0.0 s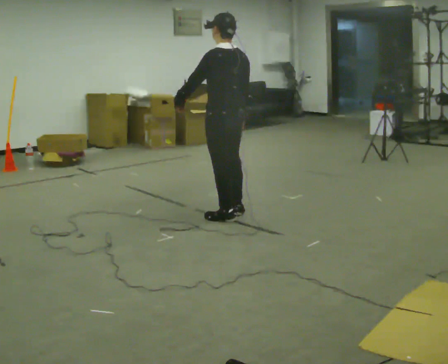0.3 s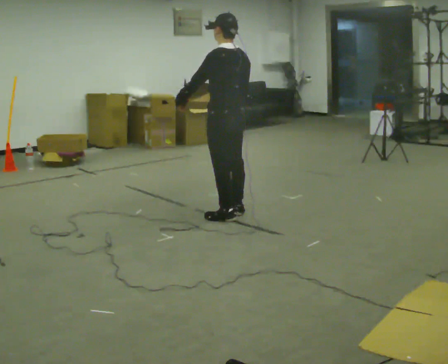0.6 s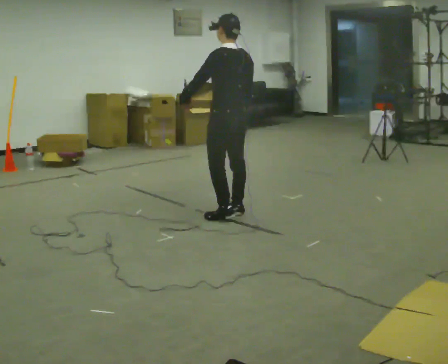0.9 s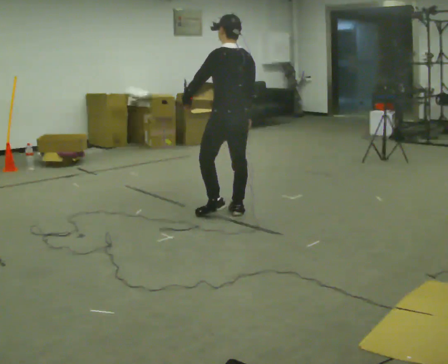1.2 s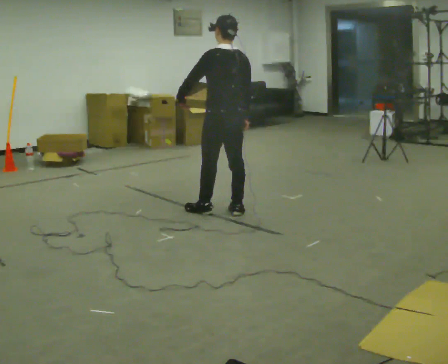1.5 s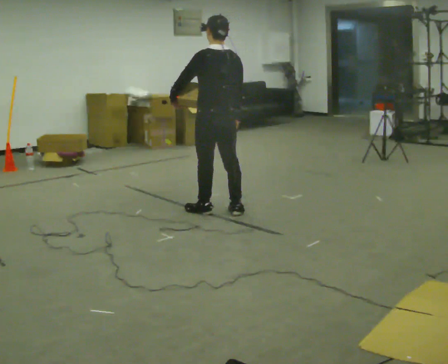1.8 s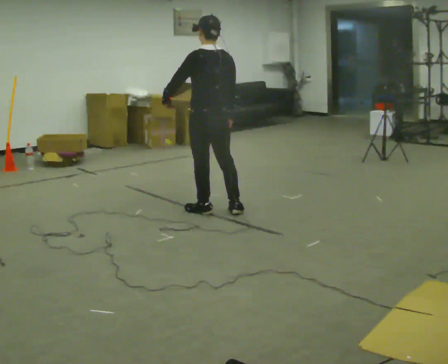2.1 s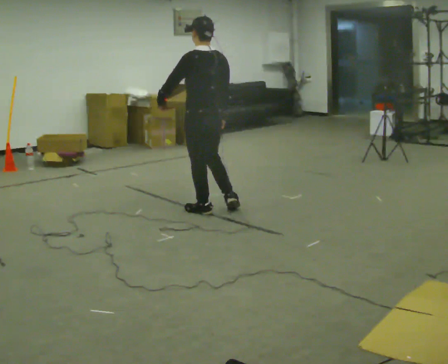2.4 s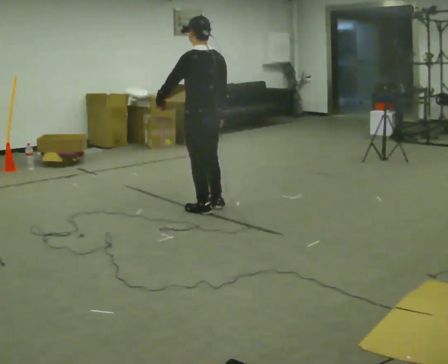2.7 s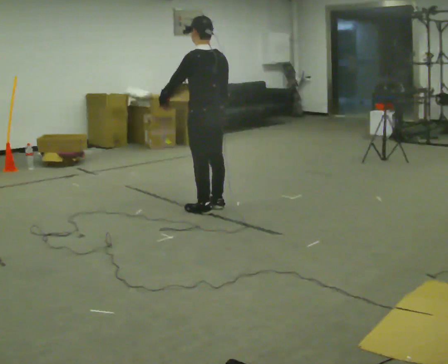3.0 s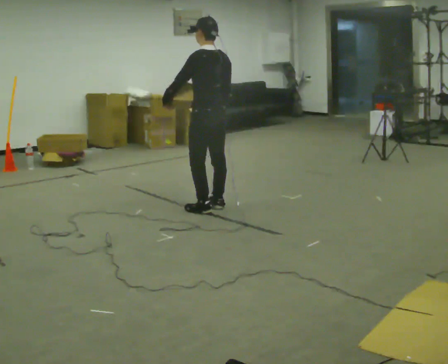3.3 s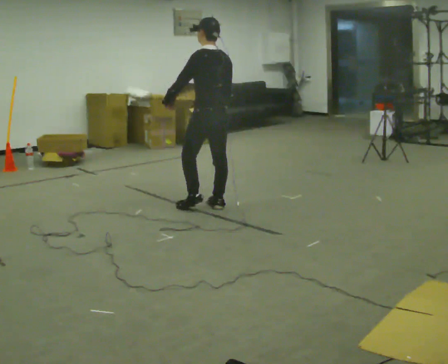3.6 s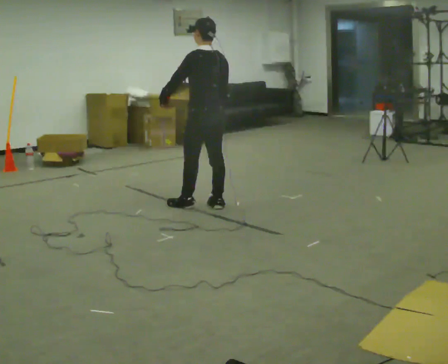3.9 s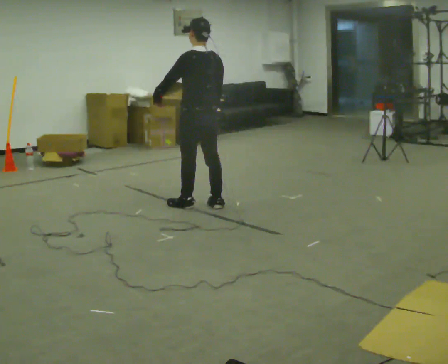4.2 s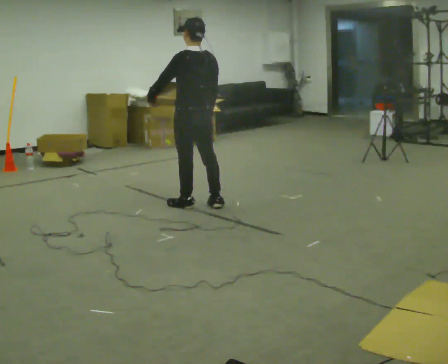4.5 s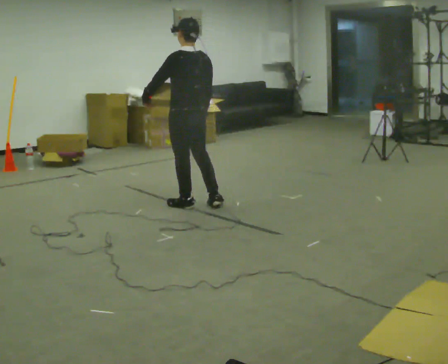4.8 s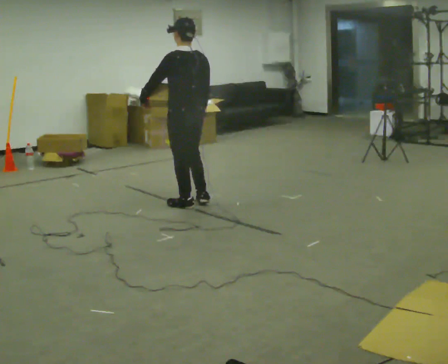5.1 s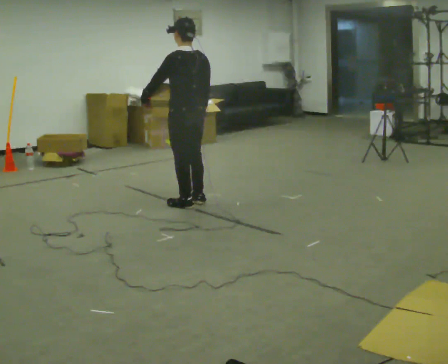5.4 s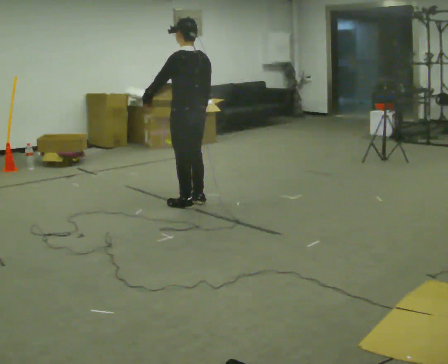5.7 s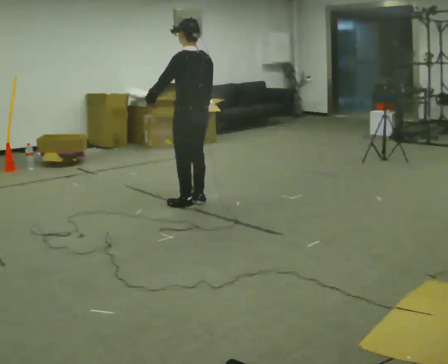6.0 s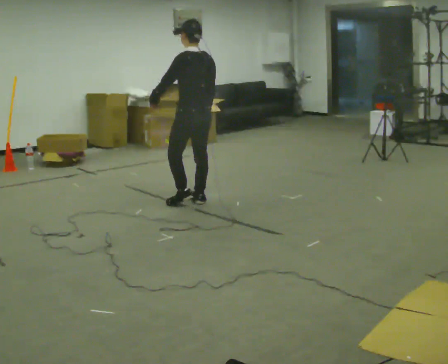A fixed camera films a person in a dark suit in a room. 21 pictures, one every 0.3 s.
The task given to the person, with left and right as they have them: Hold the object against your hip on the side the operator calls, and carry it back and forth across the room.
0.0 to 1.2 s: The person moves a little, or ends about where they began.
1.2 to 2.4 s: In the picture they go to the left, about 0.25 m in 1 step, which for them is forward and to their left.
2.4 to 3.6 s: In the picture they go away from the camera, about 0.25 m in 1 step, which for them is to their right.
3.6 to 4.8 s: In the picture they go to the left, about 0.25 m, which for them is to their left.
4.8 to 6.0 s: In the picture they go away from the camera, about 0.25 m in 1 step, which for them is to their right.
The film runs forward here.
